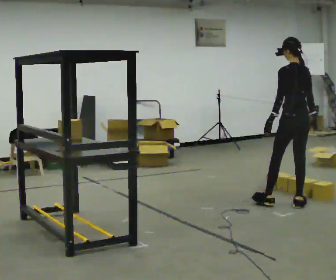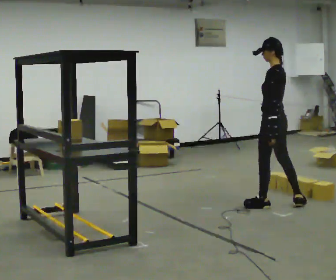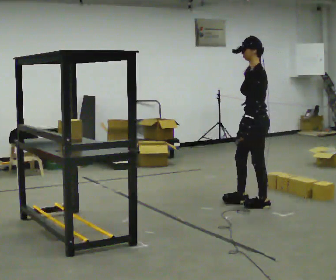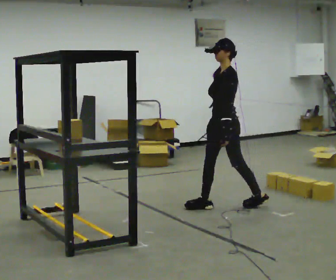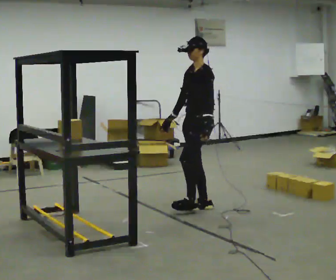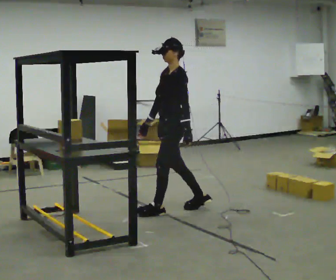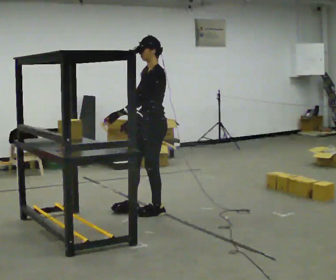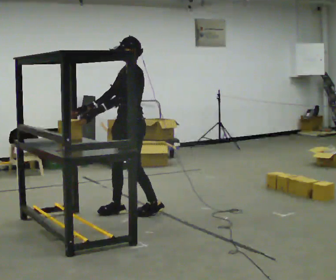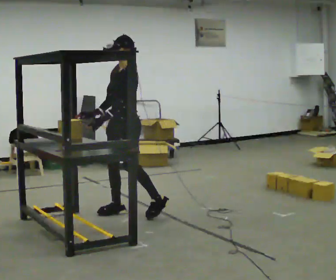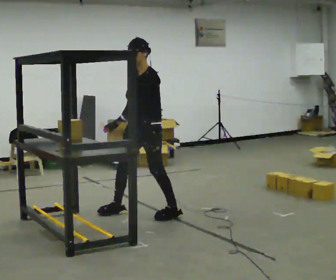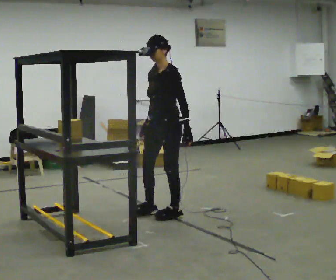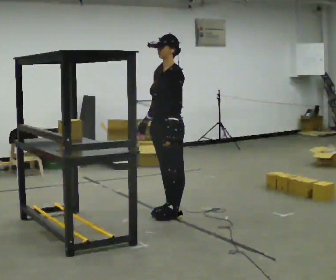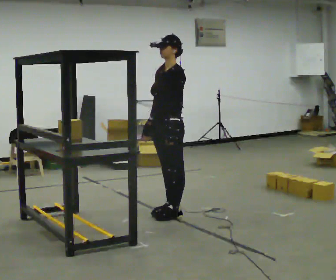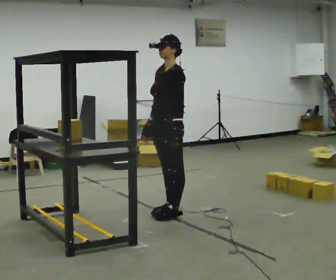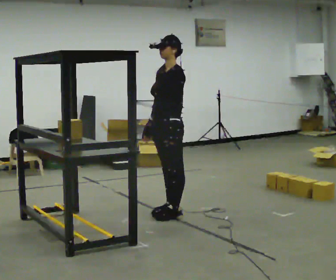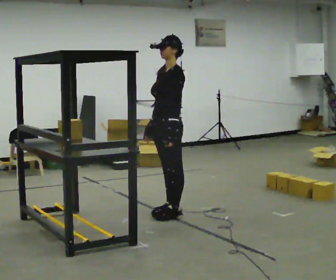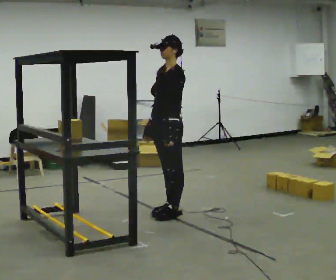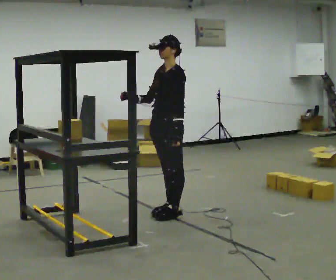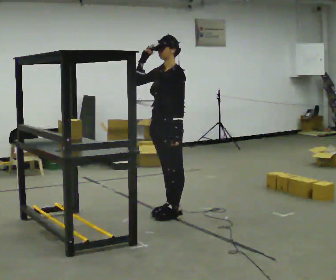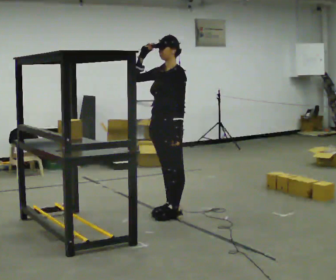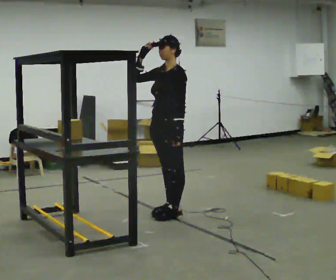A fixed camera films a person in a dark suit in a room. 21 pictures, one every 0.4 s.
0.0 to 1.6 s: The part of the body nearest the lens slides to the right as the person turns to their left by about 90 degrees. In the picture they go to the left, about 1 m in 2 steps.
1.6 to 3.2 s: In the picture they go to the left, about 0.75 m in 2 steps, which for them is forward.
3.2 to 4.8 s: In the picture they go to the right, about 0.5 m in 2 steps, which for them is backward and to their left.
4.8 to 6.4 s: The person moves a little, or ends about where they began.
6.4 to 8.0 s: In the picture their right hand goes upward.
The film runs forward here.
